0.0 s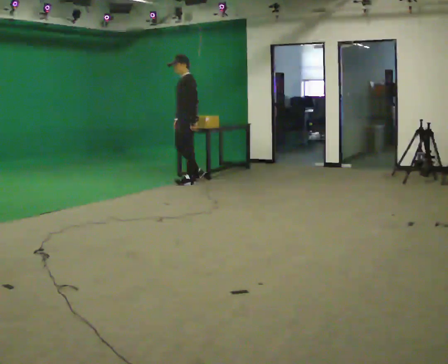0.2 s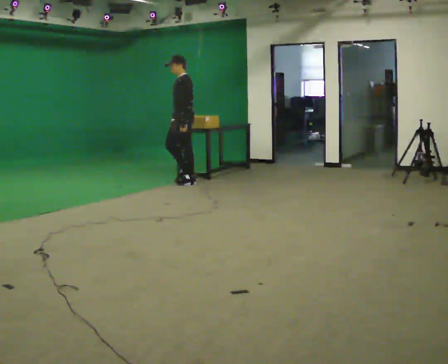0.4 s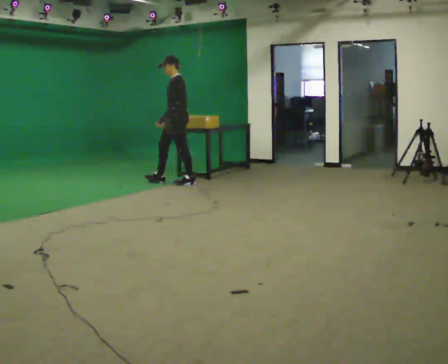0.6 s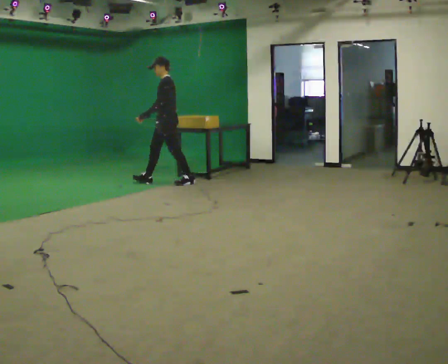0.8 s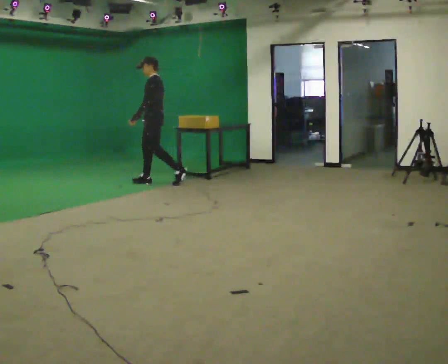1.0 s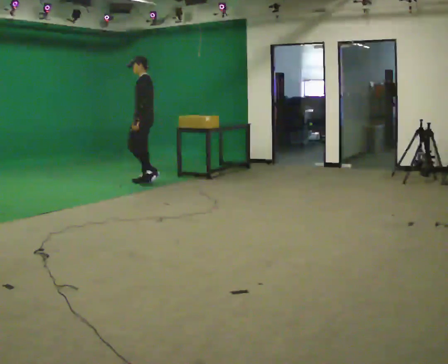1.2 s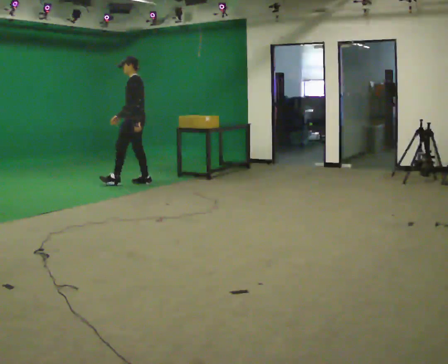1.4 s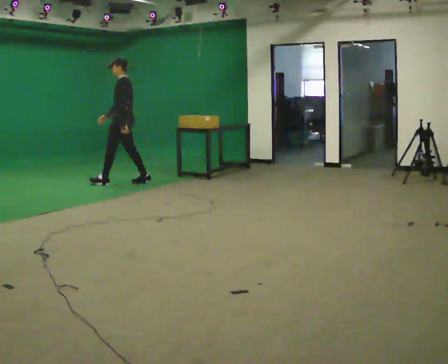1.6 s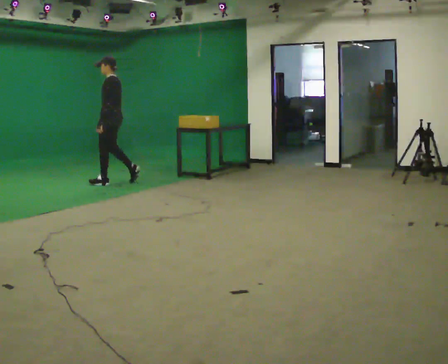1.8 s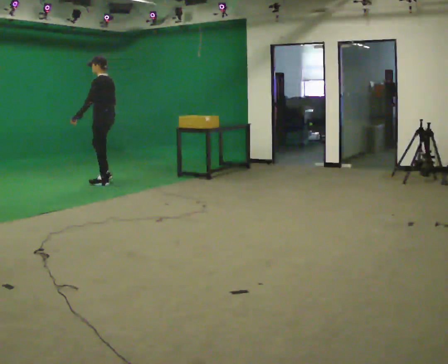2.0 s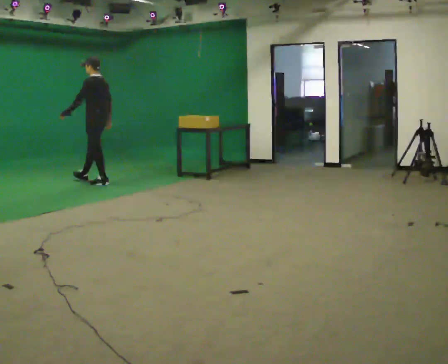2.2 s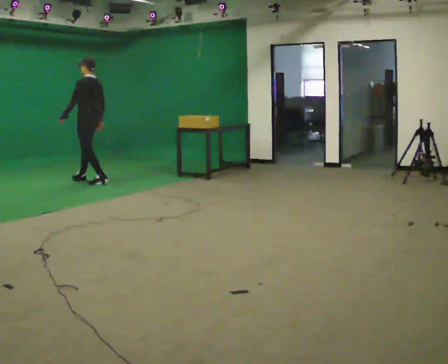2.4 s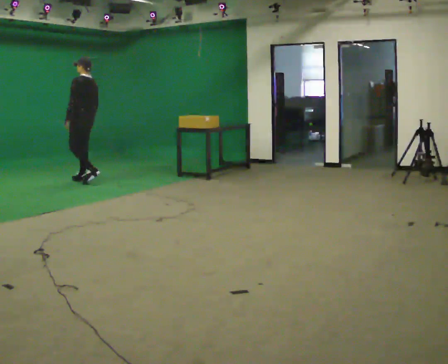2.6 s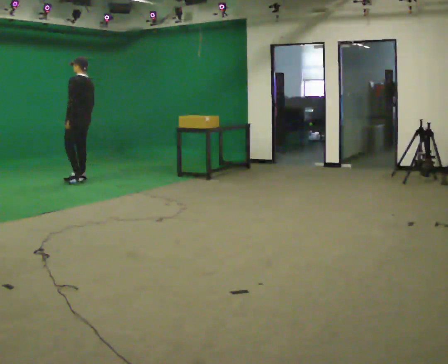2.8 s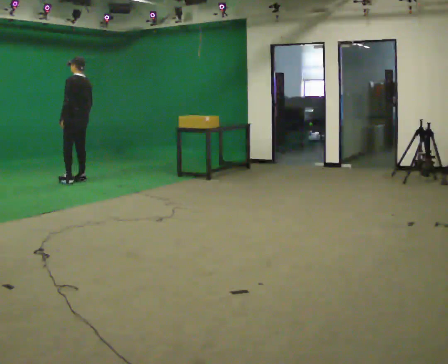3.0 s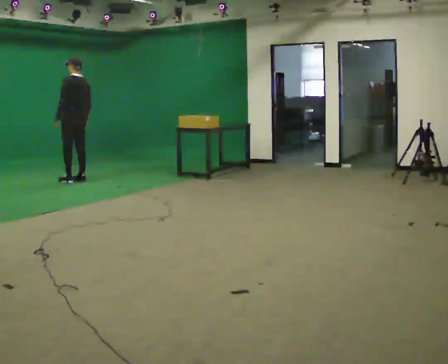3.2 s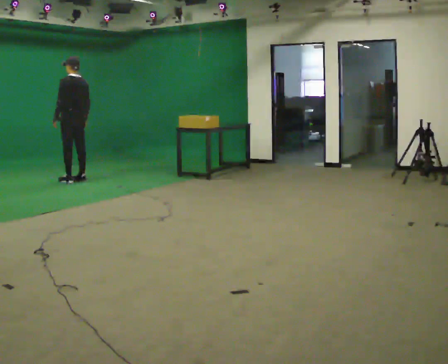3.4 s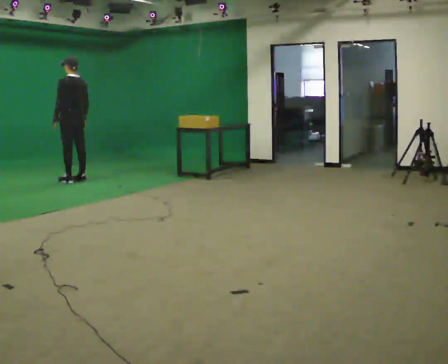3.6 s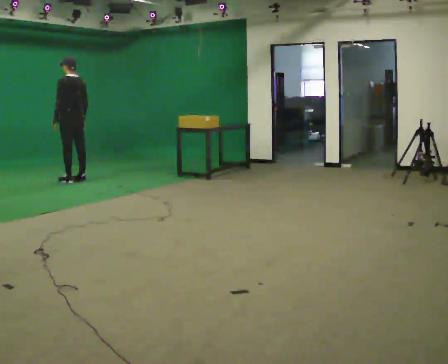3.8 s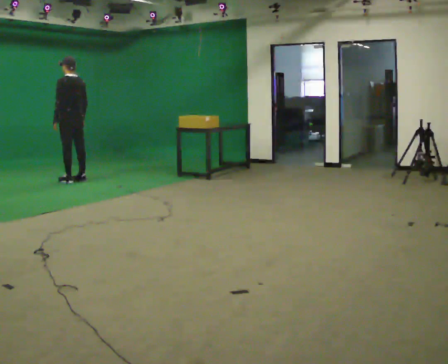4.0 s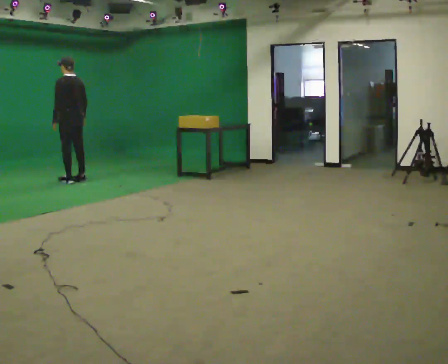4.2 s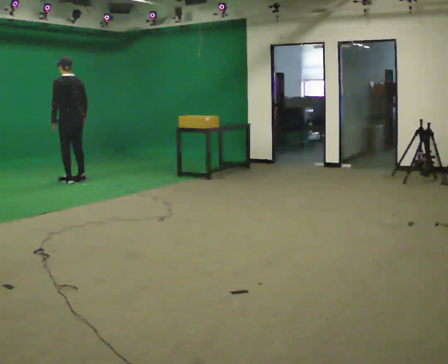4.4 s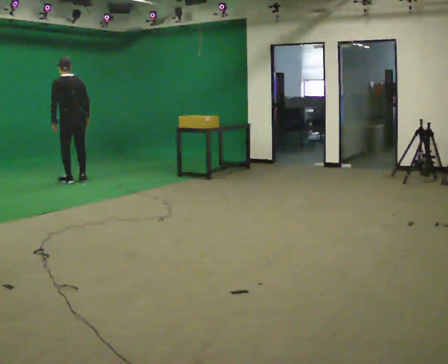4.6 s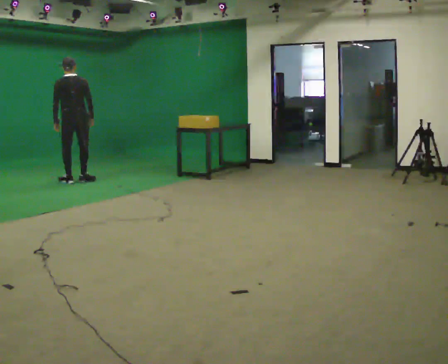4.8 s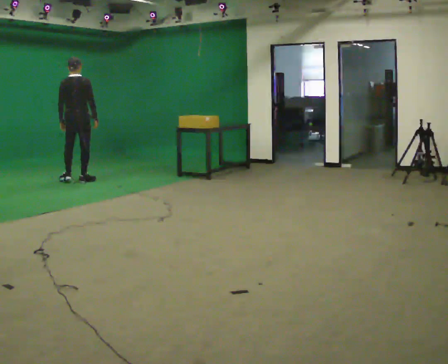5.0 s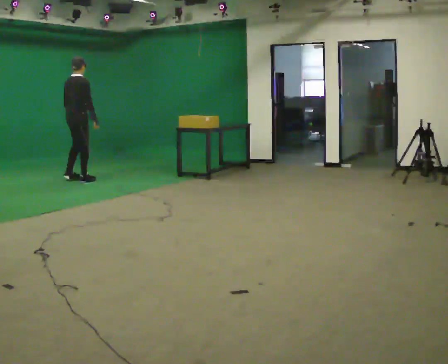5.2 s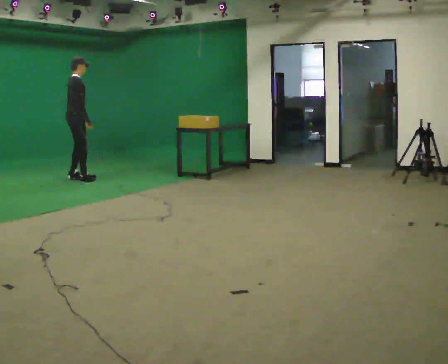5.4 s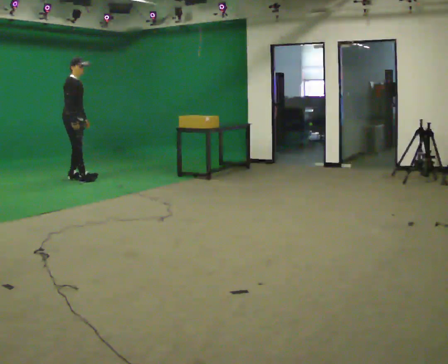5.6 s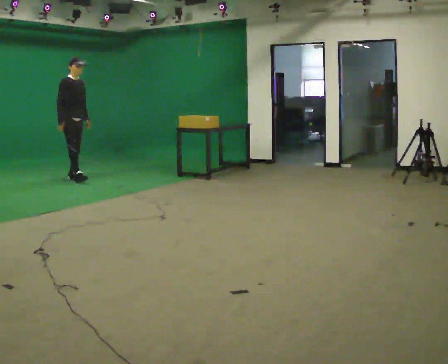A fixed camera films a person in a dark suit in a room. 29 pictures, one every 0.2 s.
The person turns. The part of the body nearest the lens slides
to the left.
The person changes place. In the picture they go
to the left.
0.0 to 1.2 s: In the picture they go to the left, about 0.5 m in 1 step, which for them is forward.
1.2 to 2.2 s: In the picture they go to the left, about 0.75 m in 2 steps, which for them is forward.
2.2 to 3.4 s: In the picture they go to the left, about 0.25 m in 1 step, which for them is forward.
3.4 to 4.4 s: The part of the body nearest the lens slides to the left as the person turns to their right by about 30 degrees.
4.4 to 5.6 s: The part of the body nearest the lens slides to the left as the person turns to their right by about 150 degrees. In the picture they go away from the camera, about 0.25 m in 1 step. In the picture the upper body tilts clockwise, shoulders to the right.
The film runs forward here.
